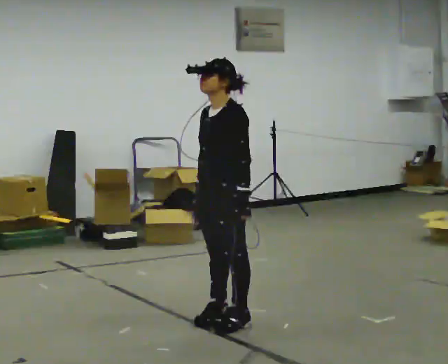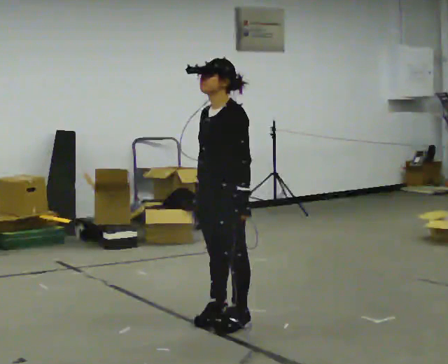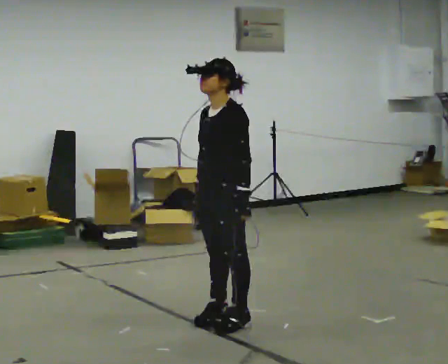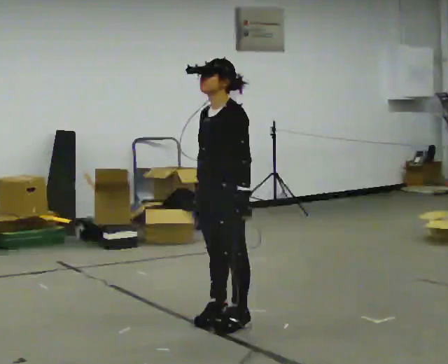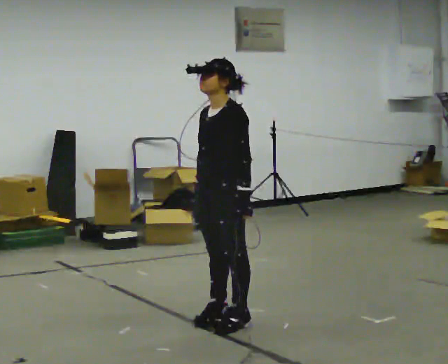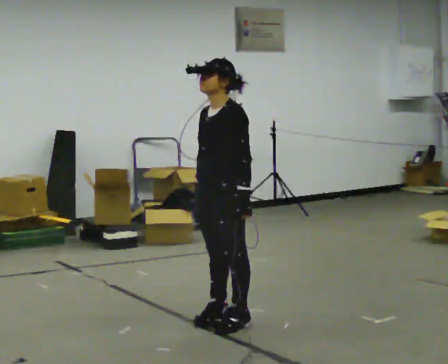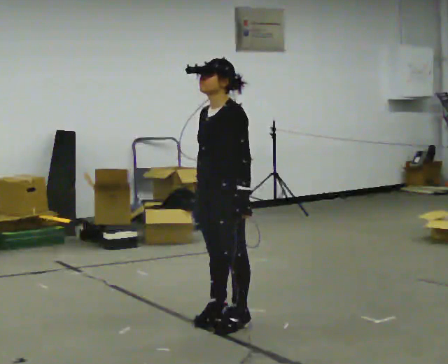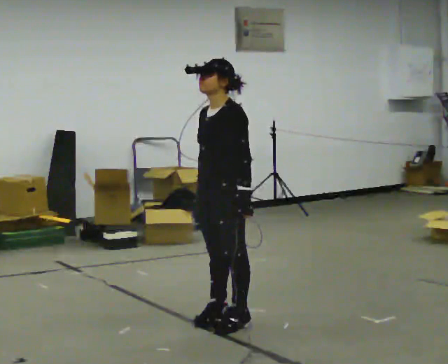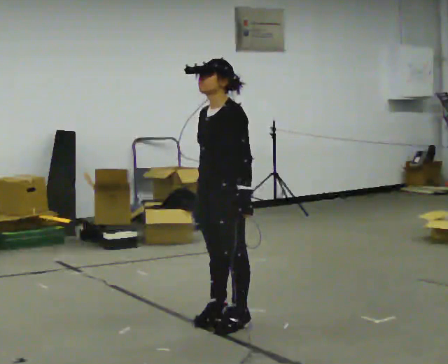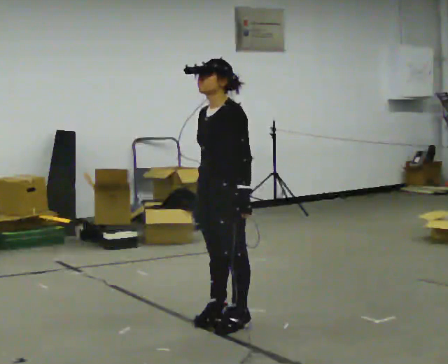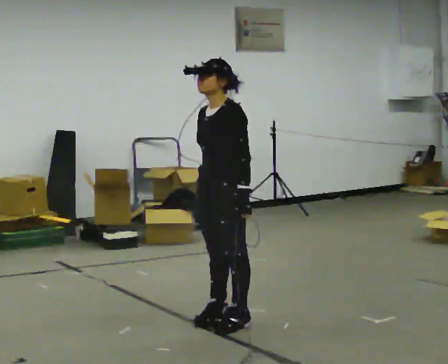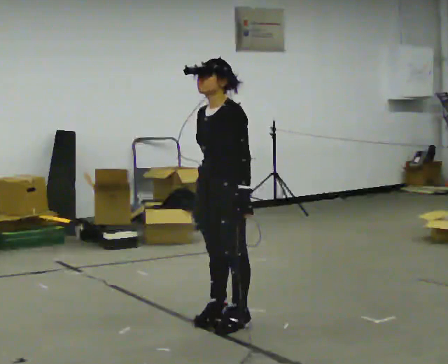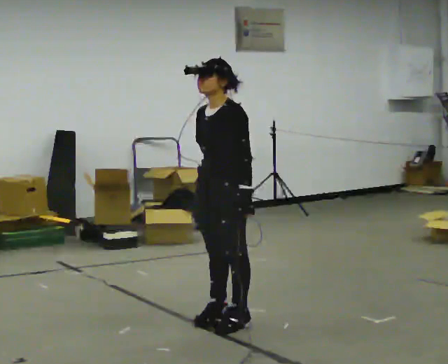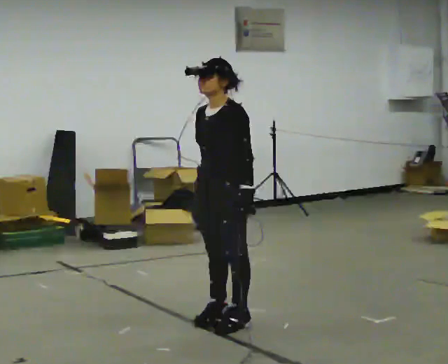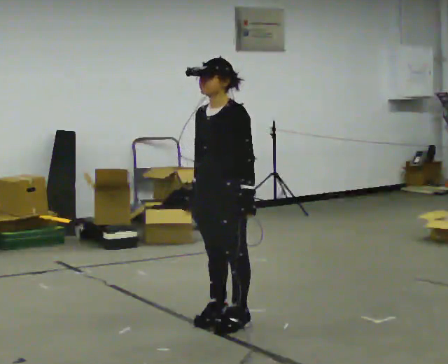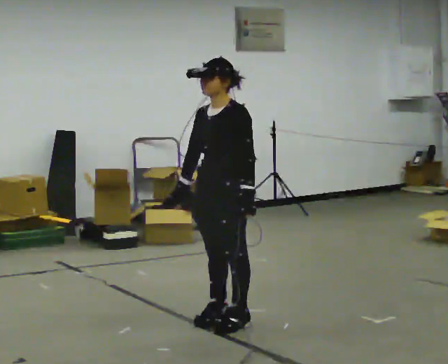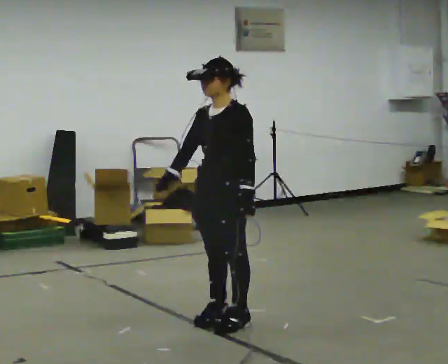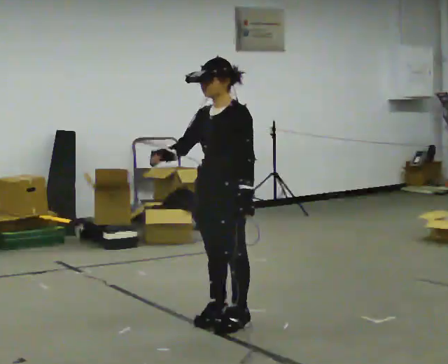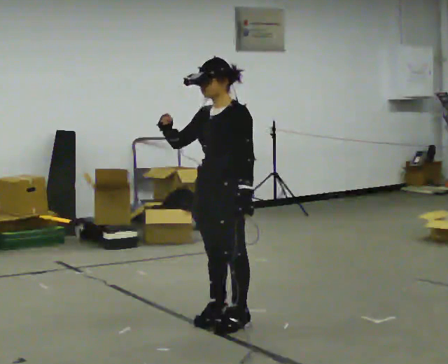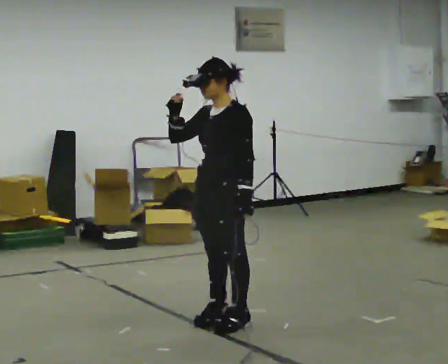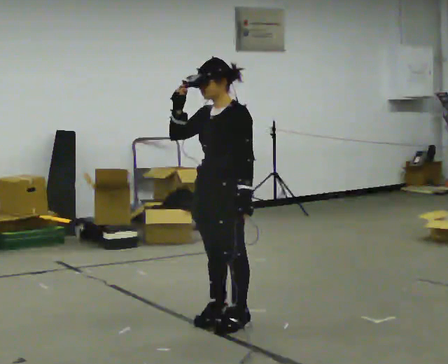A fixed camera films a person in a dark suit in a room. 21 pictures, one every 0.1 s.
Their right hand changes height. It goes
upward.
0.0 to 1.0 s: The person moves a little, or ends about where they began.
1.0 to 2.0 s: In the picture their right hand goes upward.
The film runs backward here.
